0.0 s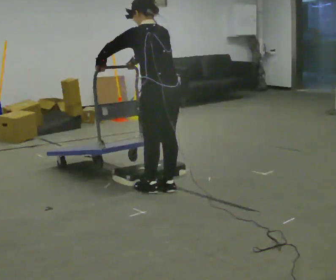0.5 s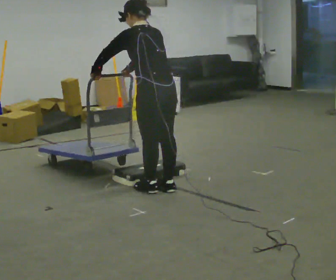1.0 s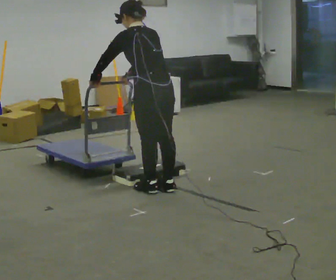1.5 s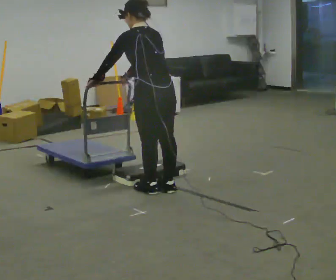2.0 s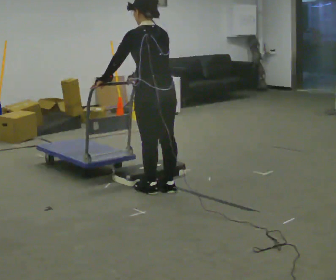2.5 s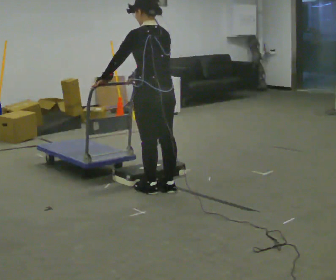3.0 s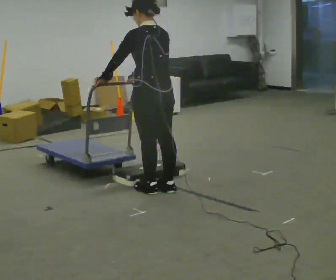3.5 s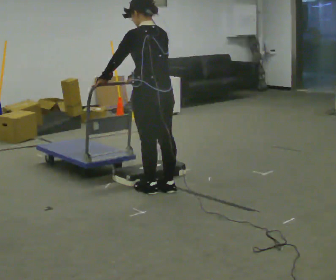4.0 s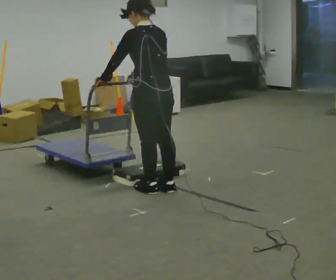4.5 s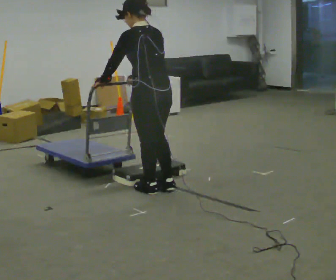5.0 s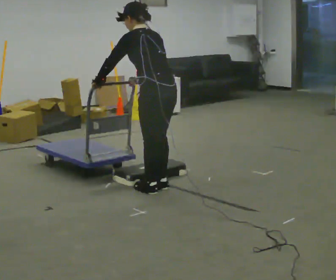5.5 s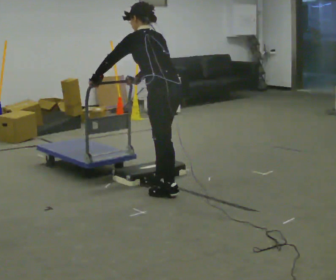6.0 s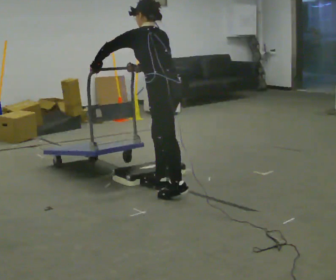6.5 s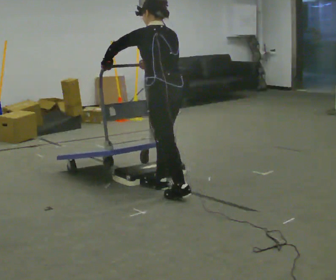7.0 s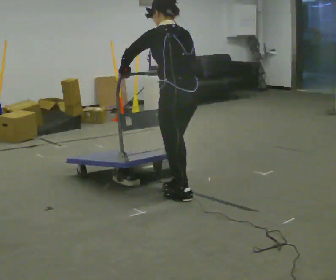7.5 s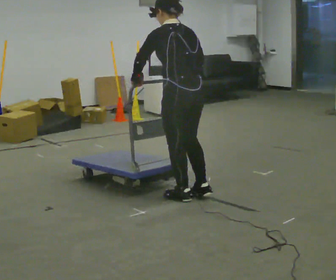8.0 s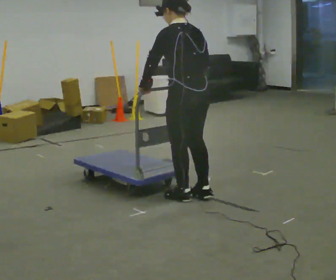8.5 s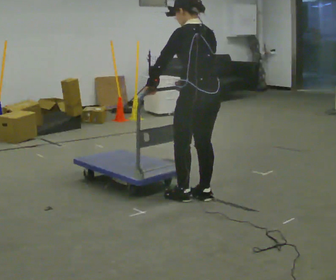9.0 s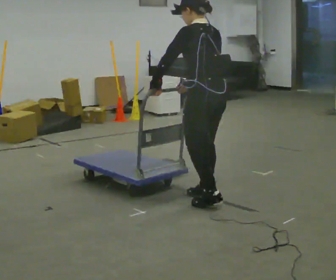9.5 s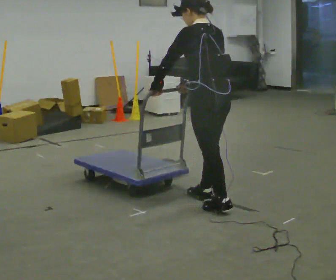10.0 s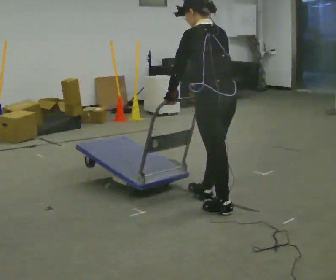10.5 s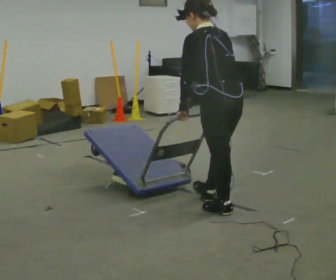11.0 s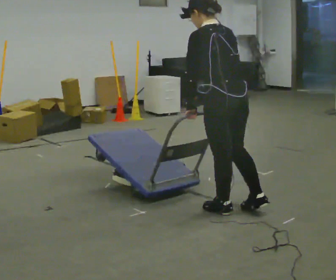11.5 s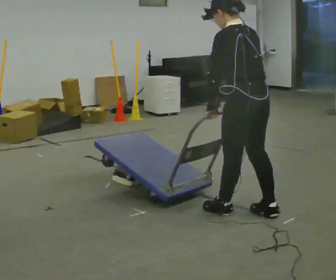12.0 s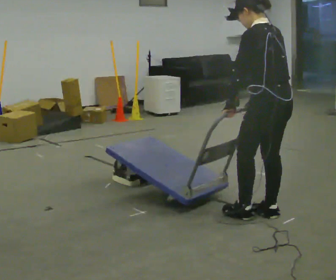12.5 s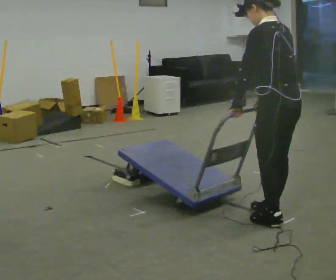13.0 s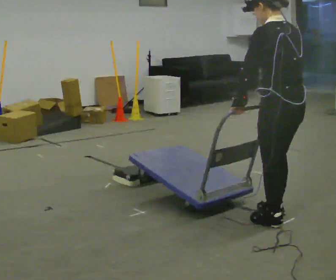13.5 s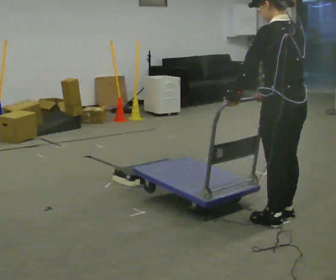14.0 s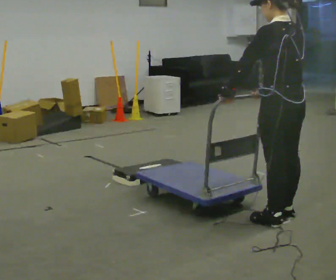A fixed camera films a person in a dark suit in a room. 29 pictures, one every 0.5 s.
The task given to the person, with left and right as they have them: Push the cart up over the low platform edge and down the other side, then bring it back over.
0.0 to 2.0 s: The person moves a little, or ends about where they began.
2.0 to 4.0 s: The person keeps their place and pose.
4.0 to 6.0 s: The person moves a little, or ends about where they began.
6.0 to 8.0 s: In the picture they go to the right and toward the camera, about 0.25 m in 1 step, which for them is backward.
8.0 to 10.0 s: In the picture they go to the right and toward the camera, about 0.25 m in 1 step, which for them is backward.
10.0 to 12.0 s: In the picture they go to the right and toward the camera, about 0.5 m in 1 step, which for them is backward.
12.0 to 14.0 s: The person moves a little, or ends about where they began.
The film runs forward here.
